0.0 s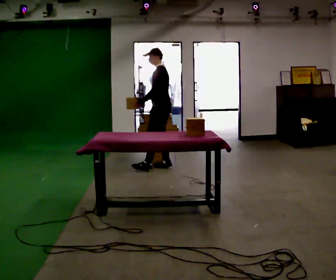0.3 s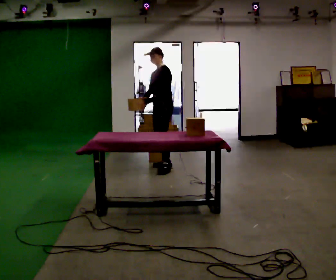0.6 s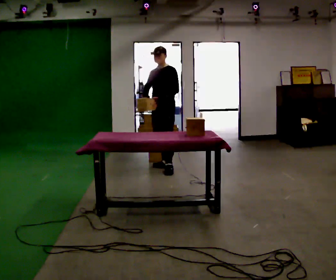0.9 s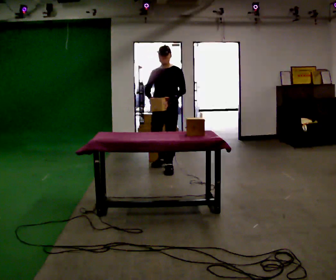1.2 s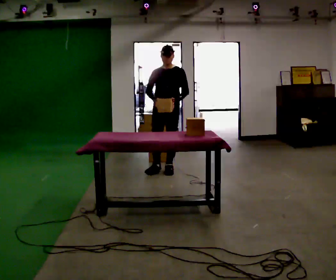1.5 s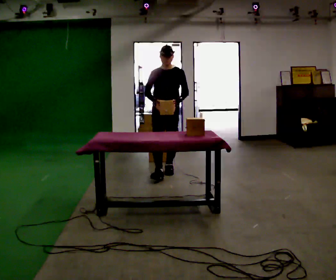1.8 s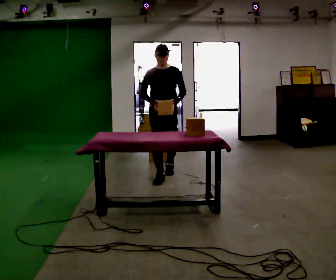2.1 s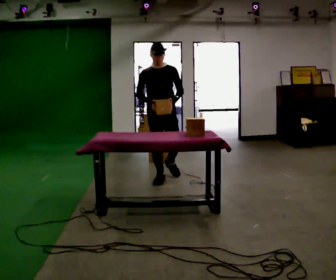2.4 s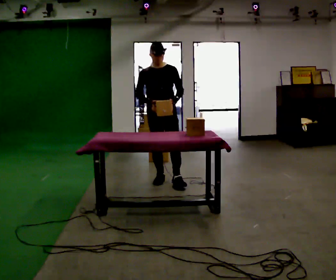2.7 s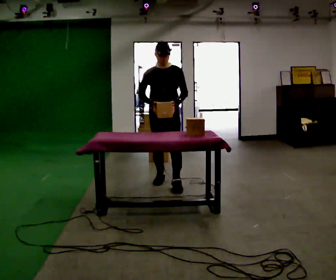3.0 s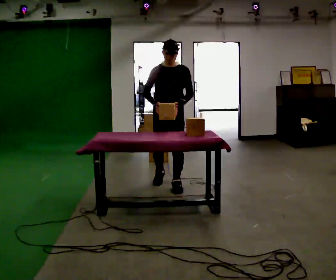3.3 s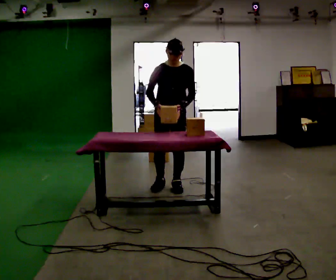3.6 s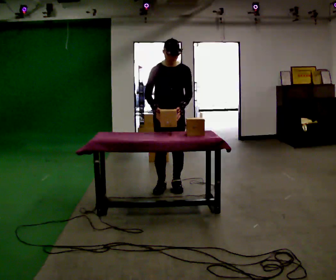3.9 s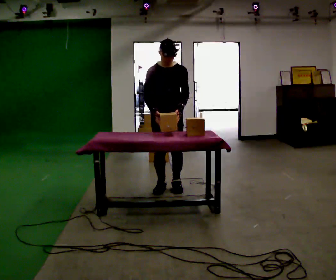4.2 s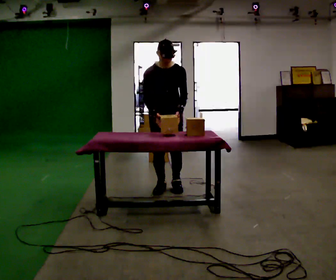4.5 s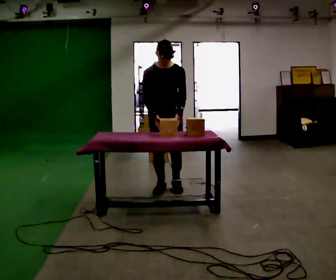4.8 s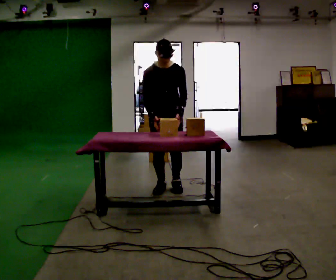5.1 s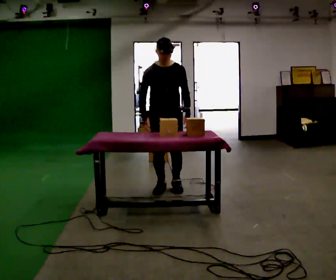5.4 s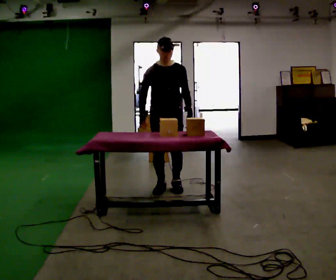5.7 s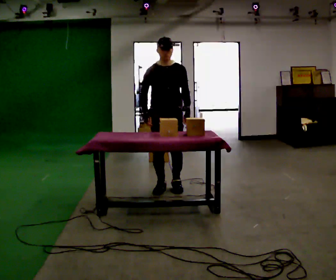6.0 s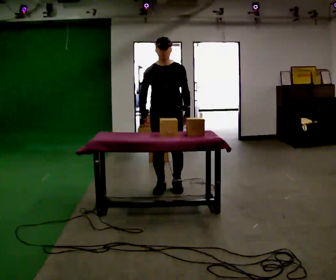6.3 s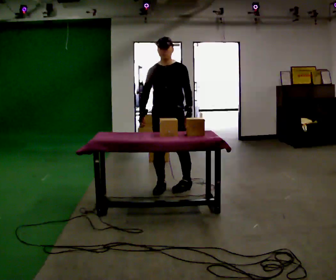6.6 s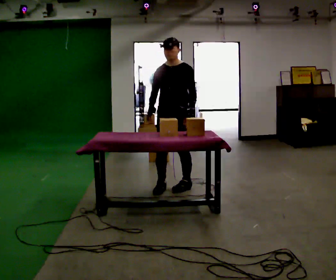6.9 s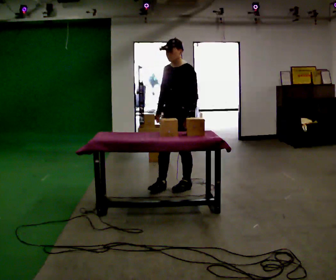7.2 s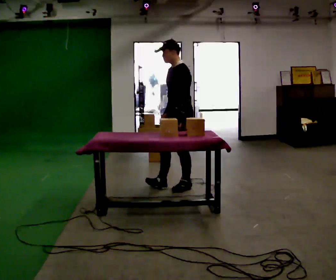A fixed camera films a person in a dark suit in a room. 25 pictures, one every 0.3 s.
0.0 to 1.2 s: Seen from above the body turns counterclockwise, about 90 degrees: to their left, with its near side sliding to the right. In the picture they go toward the camera, about 0.25 m in 1 step.
1.2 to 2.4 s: In the picture they go toward the camera, about 0.5 m in 1 step, which for them is forward.
2.4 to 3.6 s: In the picture they go toward the camera, about 0.25 m in 2 steps, which for them is forward and to their left.
3.6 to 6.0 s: The person moves a little, or ends about where they began.
6.0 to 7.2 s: The part of the body nearest the lens slides to the left as the person turns to their right by about 75 degrees. In the picture they go to the right, about 0.25 m in 1 step.
The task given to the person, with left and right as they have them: Carry the object across the room, open the lid of the container, put the object inside, and close the lid again. Then go back for the next one. Keep going until the operator says stop; one object at a time, and do not rush between trips.
The film runs forward here.
